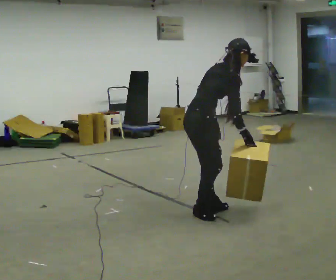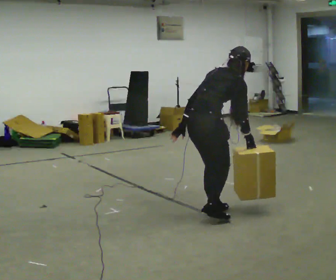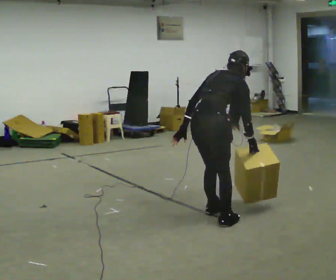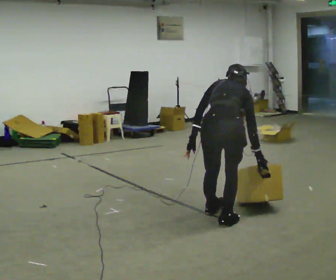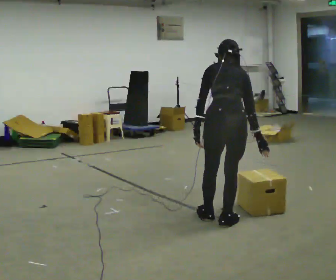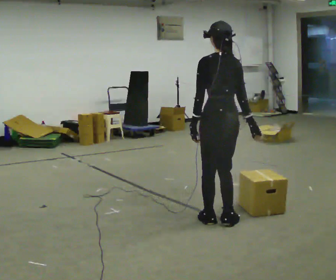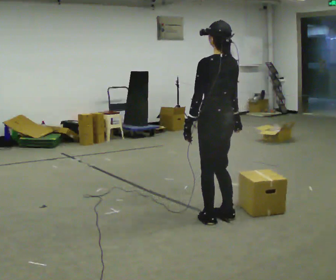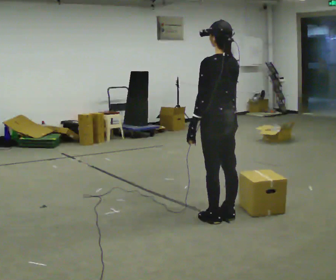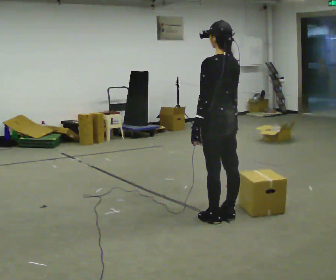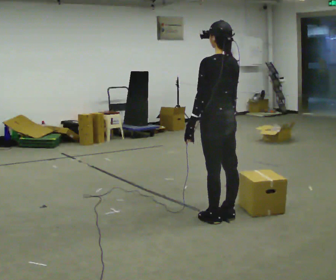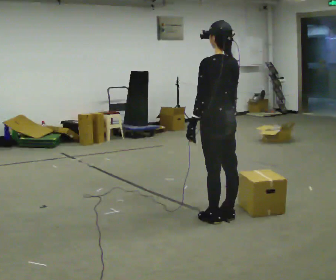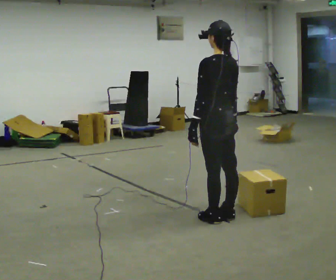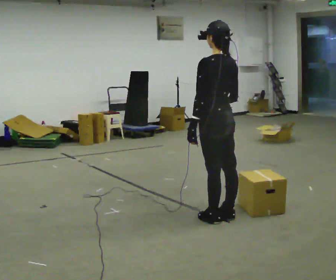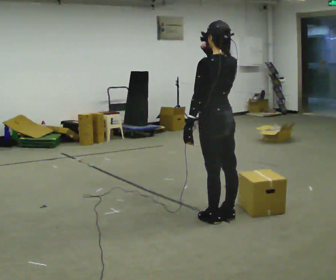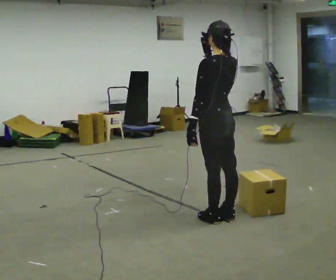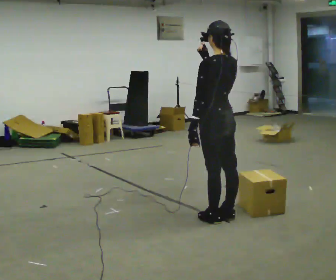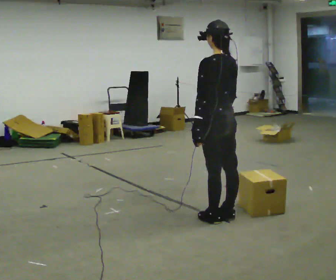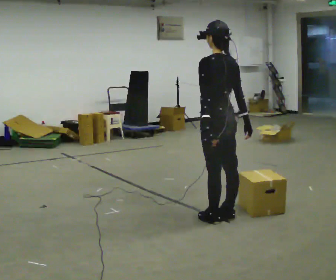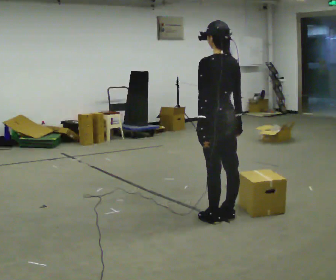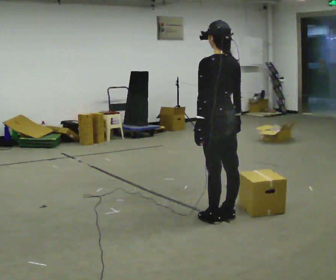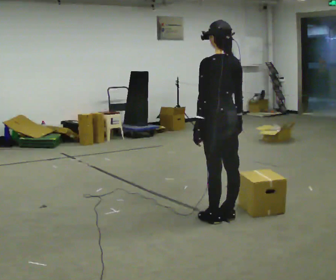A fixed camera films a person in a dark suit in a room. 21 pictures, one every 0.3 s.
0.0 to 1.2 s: Seen from above the body turns counterclockwise, about 75 degrees: to their left, with its near side sliding to the right. In the picture they go to the right and toward the camera, about 0.25 m in 1 step. In the picture the upper body tilts counterclockwise, shoulders to the left.
1.2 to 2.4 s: The part of the body nearest the lens slides to the right as the person turns to their left by about 45 degrees. In the picture they go away from the camera, about 0.25 m in 2 steps, which for them is forward. The upper body tips toward the camera, its near side rolling downward, as they lean back or straighten.
2.4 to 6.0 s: The person moves a little, or ends about where they began.
The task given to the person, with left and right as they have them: Carry the box across the room as briskly as you comfortably can, back and forth. Do not run.
The film runs forward here.
